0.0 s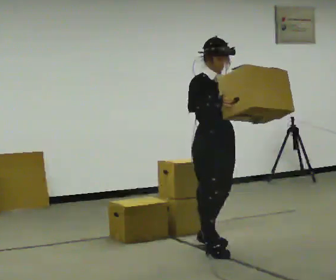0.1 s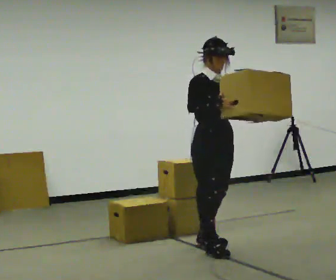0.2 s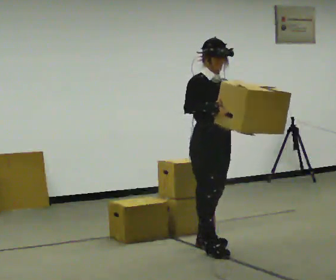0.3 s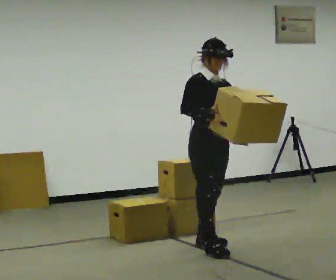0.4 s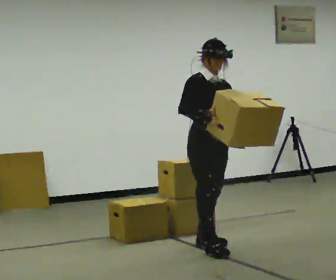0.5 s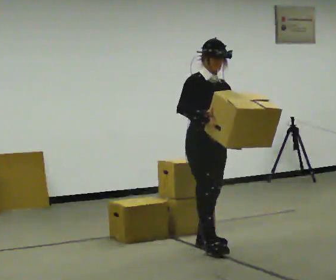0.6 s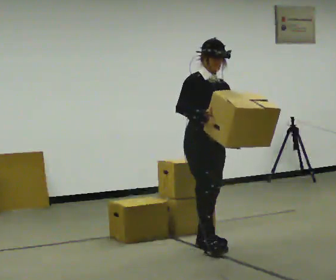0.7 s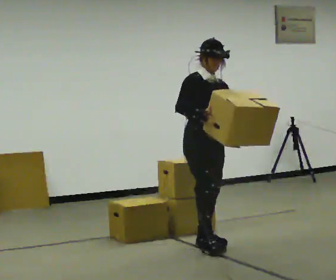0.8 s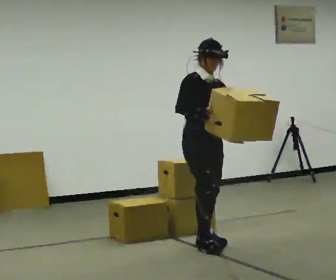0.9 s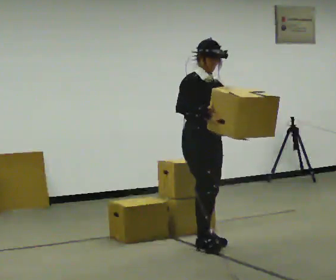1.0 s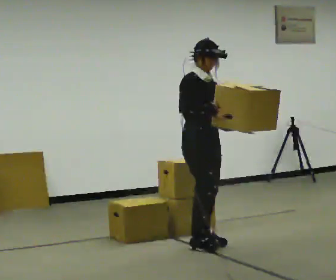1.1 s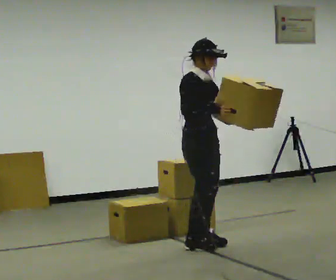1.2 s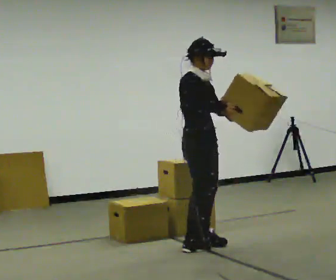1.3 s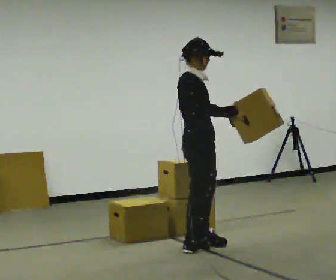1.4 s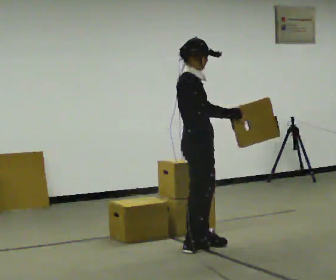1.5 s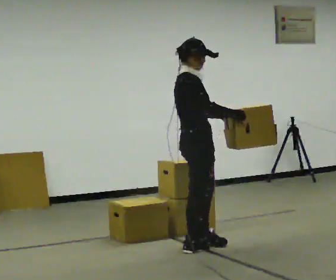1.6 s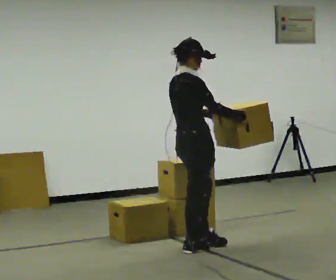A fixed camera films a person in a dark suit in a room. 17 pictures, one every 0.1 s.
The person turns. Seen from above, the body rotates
counterclockwise.
The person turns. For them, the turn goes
to their left.
0.0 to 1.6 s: Seen from above the body turns counterclockwise, about 60 degrees: to their left, with its near side sliding to the right. In the picture they go to the left, about 0.25 m in 1 step.
The film runs backward here.
